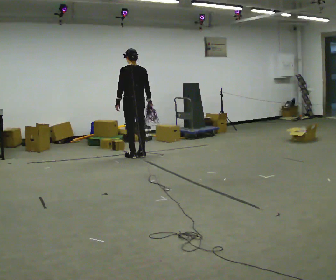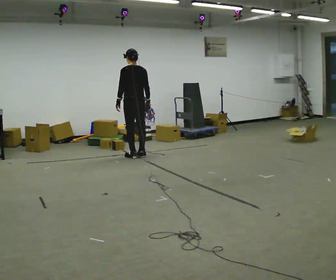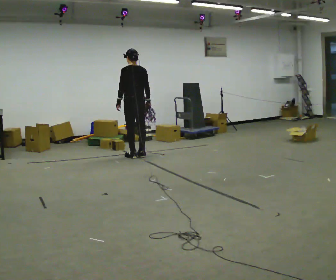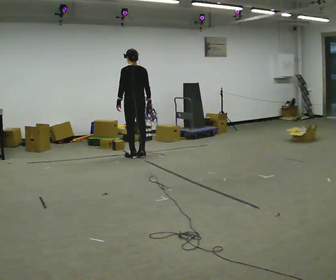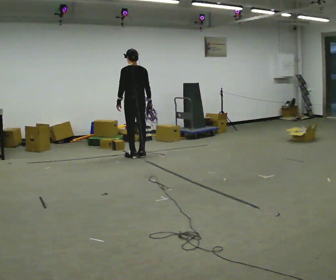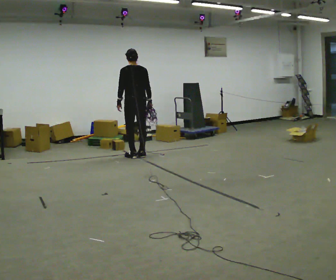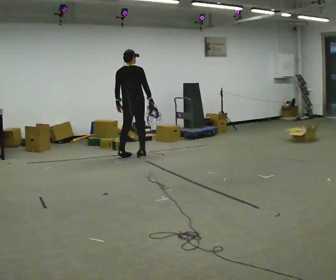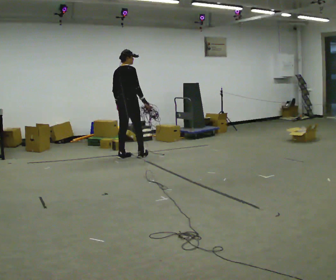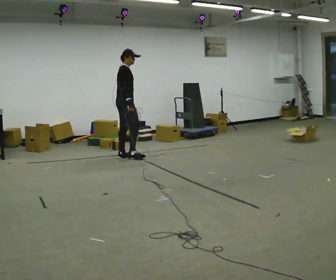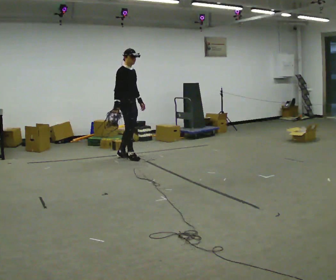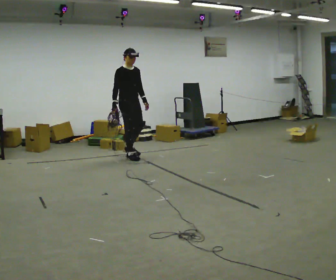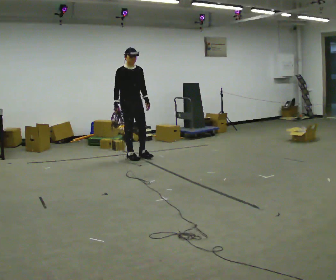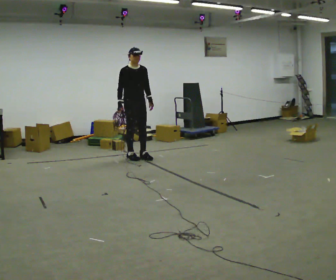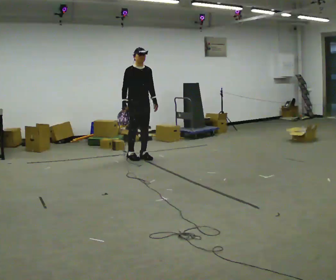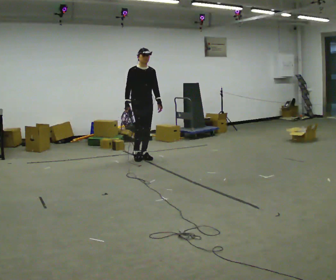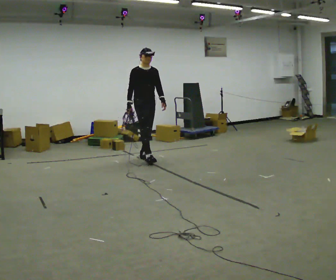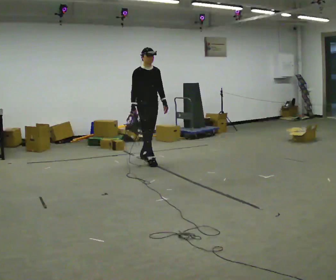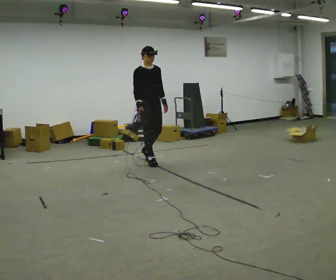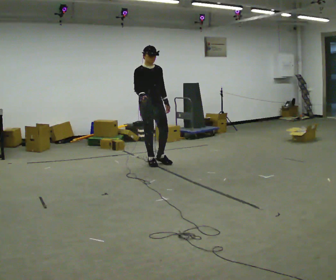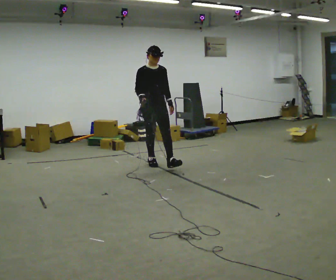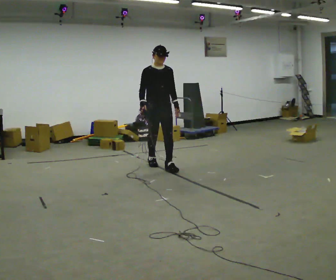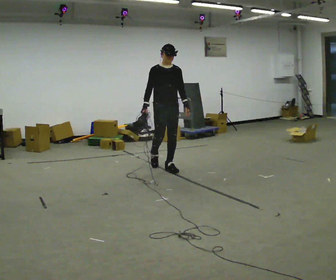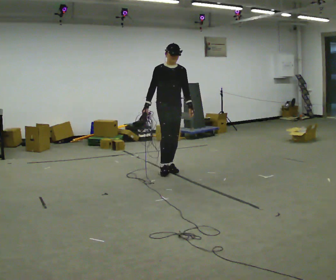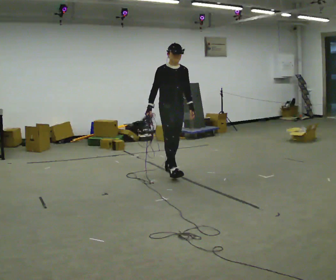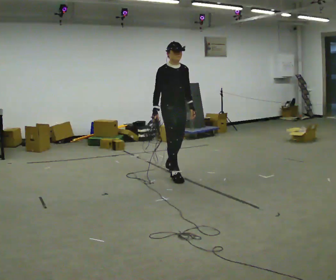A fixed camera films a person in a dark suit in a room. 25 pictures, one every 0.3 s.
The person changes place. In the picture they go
toward the camera.
0.0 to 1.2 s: The person moves a little, or ends about where they began.
1.2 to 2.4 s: The person turns about 105 degrees to their right, clockwise seen from above, so the part of the body nearest the lens slides to the left. In the picture they go to the left, about 0.25 m in 2 steps.
2.4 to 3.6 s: Seen from above the body turns clockwise, about 75 degrees: to their right, with its near side sliding to the left. In the picture they go to the right, about 0.25 m in 1 step.
3.6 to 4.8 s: In the picture they go to the right and toward the camera, about 0.25 m in 1 step, which for them is forward.
4.8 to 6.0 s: In the picture they go toward the camera and to the right, about 0.5 m in 1 step, which for them is forward.
6.0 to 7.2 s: In the picture they go toward the camera, about 0.5 m in 1 step, which for them is forward.
The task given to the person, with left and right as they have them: Pick up the coiled hose, carry it across the room, and set it down. It will move around as you walk. Keep going until the operator says stop; one object at a time, and do not rush between trips.
The film runs forward here.
